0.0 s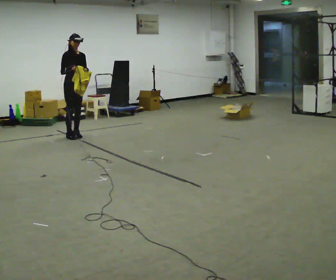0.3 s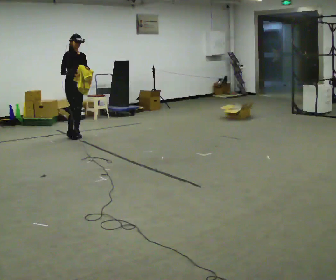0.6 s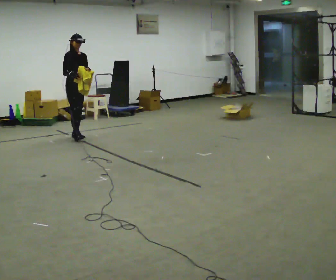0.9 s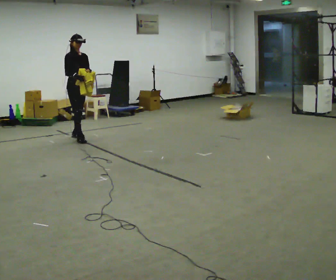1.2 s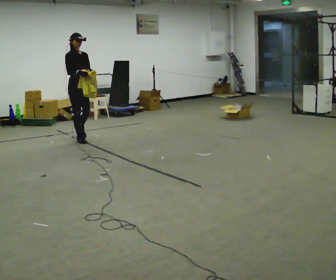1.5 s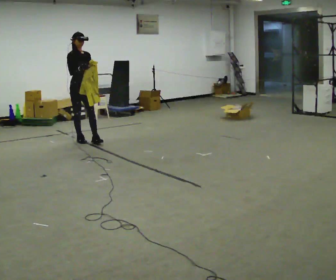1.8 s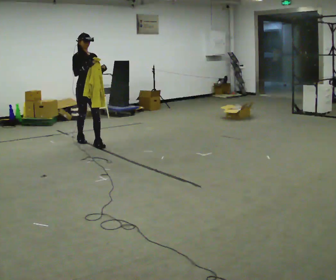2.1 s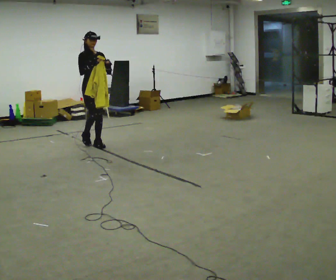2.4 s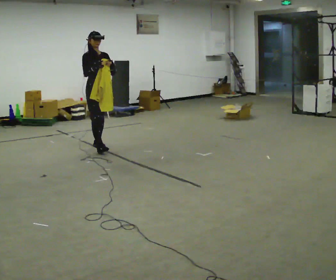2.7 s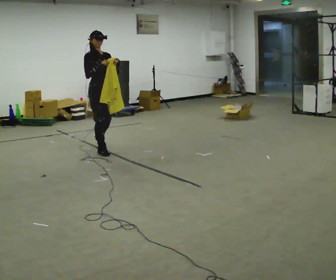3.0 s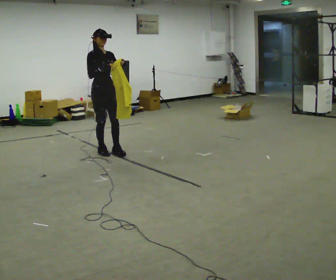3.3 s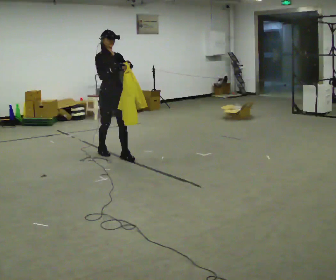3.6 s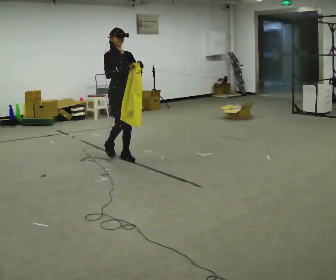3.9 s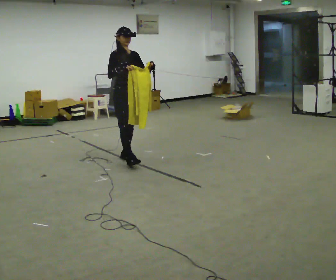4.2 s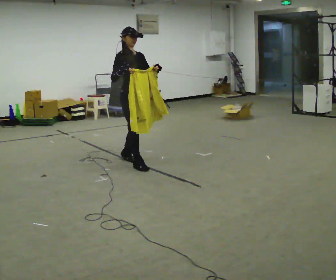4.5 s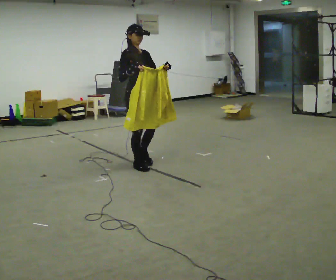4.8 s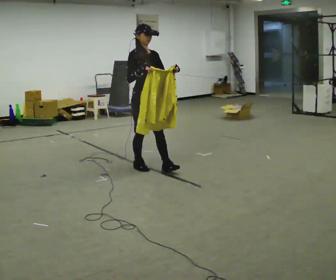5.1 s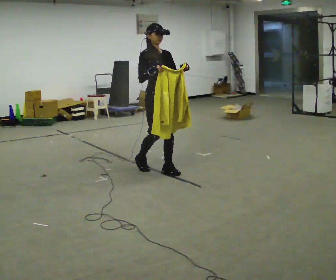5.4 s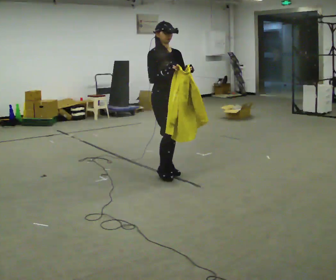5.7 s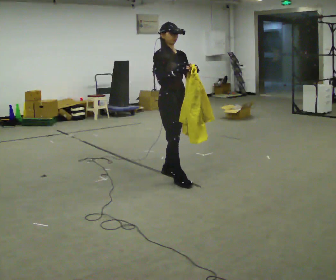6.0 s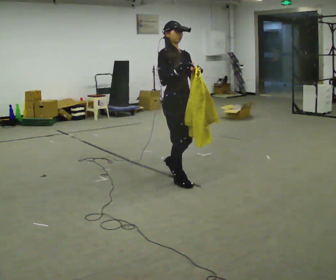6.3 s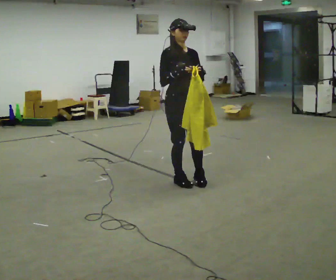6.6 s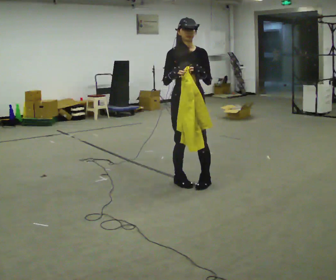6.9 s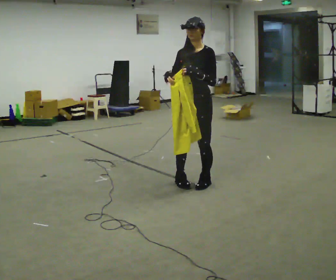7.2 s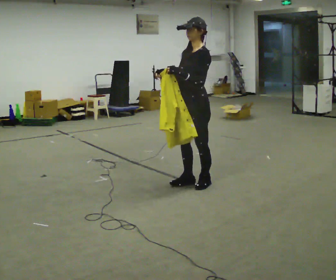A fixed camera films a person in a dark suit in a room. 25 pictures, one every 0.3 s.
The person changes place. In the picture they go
toward the camera.
0.0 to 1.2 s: In the picture they go toward the camera, about 0.25 m in 1 step, which for them is forward.
1.2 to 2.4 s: In the picture they go toward the camera and to the right, about 0.5 m in 1 step, which for them is forward.
2.4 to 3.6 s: In the picture they go toward the camera and to the right, about 0.75 m in 2 steps, which for them is forward.
3.6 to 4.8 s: In the picture they go toward the camera and to the right, about 0.5 m in 1 step, which for them is forward.
4.8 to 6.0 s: In the picture they go toward the camera and to the right, about 0.5 m in 2 steps, which for them is forward.
6.0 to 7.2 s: The person turns about 105 degrees to their right, clockwise seen from above, so the part of the body nearest the lens slides to the left. In the picture they go to the right, about 0.25 m in 2 steps.
The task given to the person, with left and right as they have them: Carry the cloth and, while walking, fold it in half, then unfold it. Keep repeating as you walk. Do not stop.
The film runs forward here.
